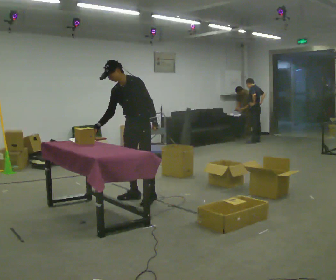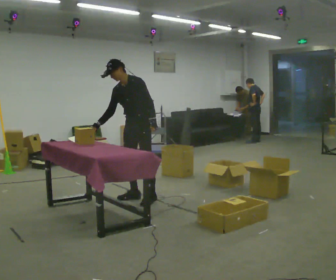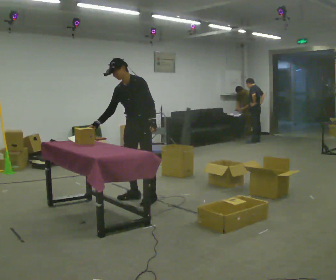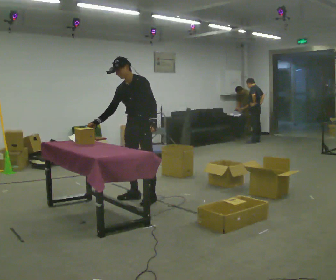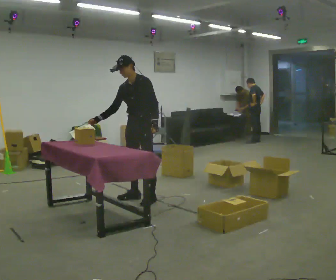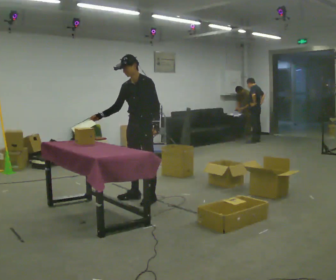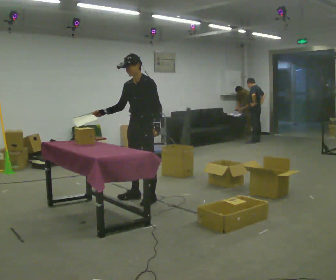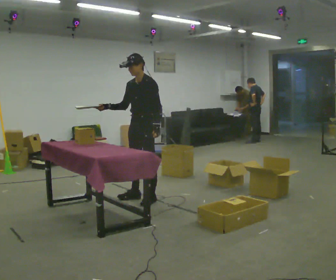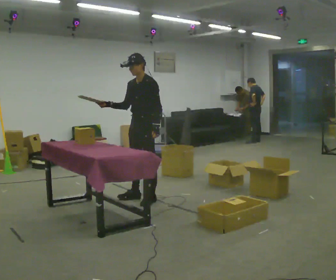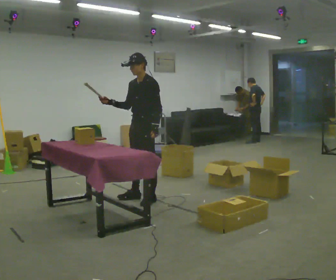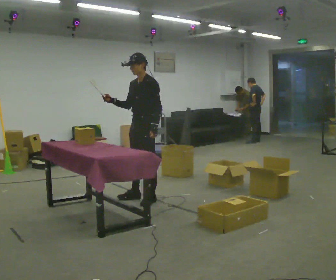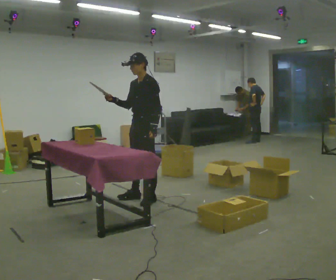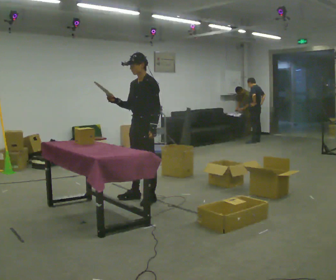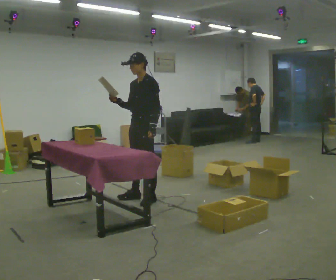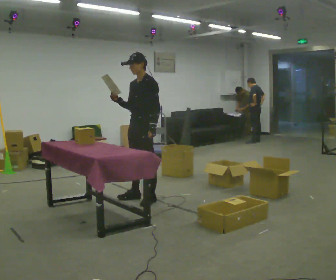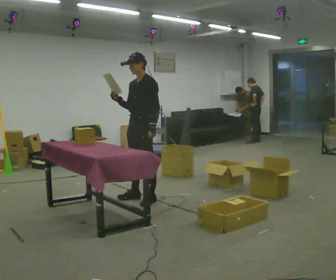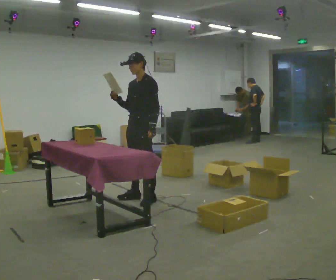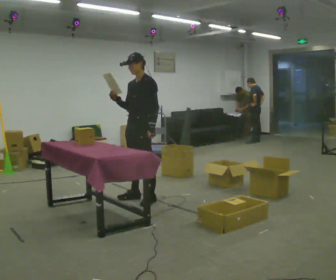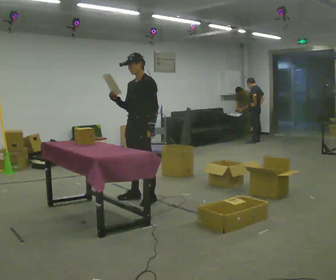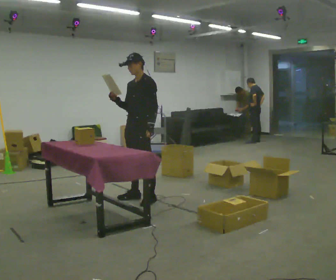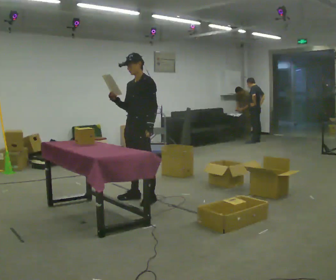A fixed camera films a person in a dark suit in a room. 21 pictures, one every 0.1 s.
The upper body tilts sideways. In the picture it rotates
clockwise.
0.0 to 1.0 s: In the picture the upper body tilts clockwise, shoulders to the right. In the picture their right hand goes upward.
1.0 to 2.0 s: The person moves a little, or ends about where they began.
The film runs forward here.
